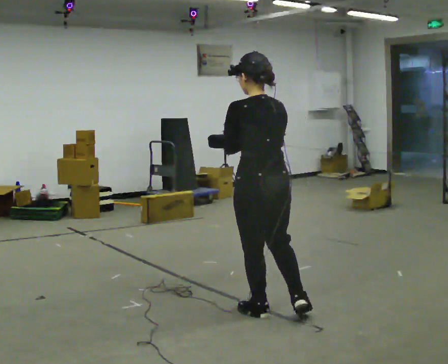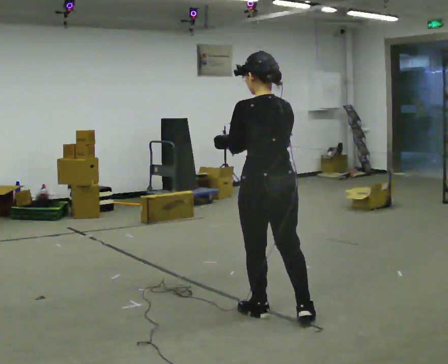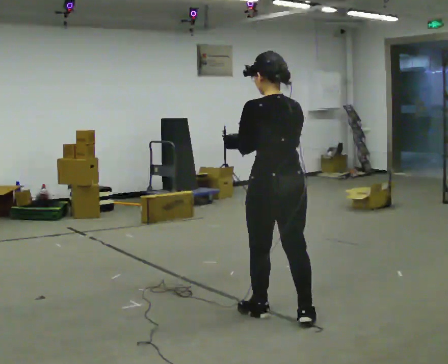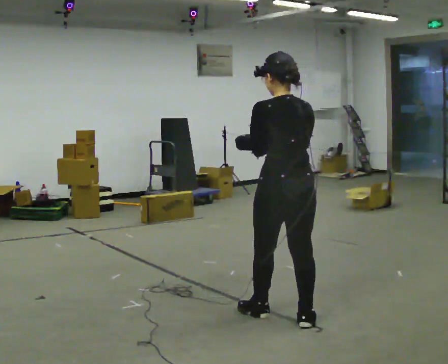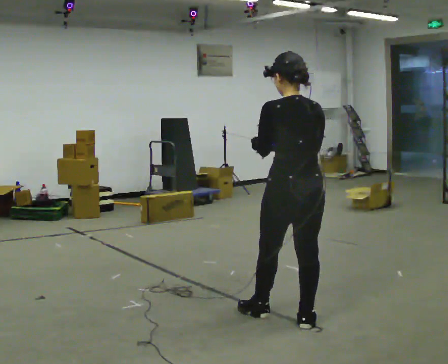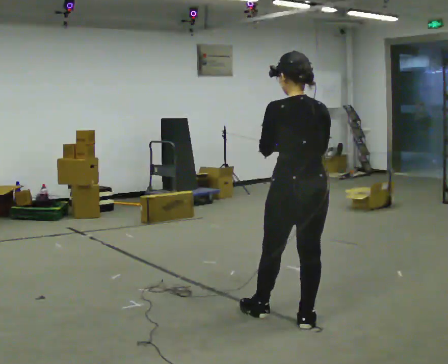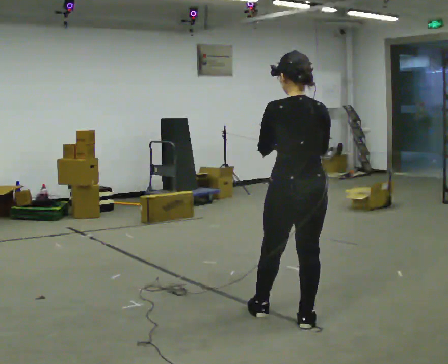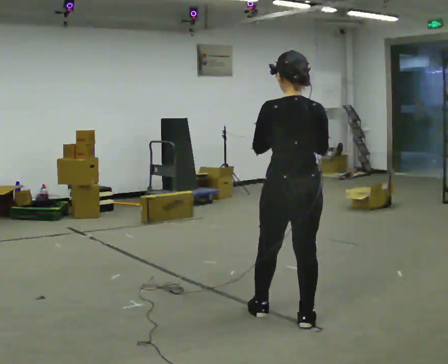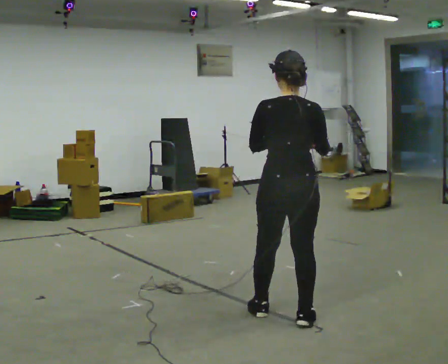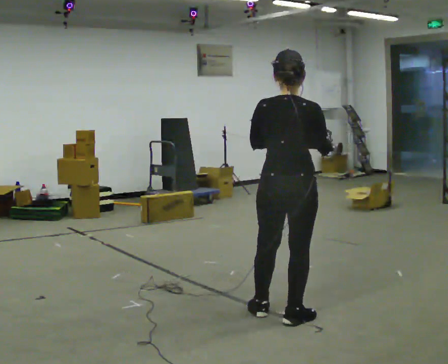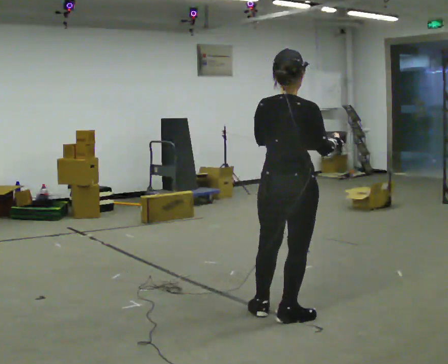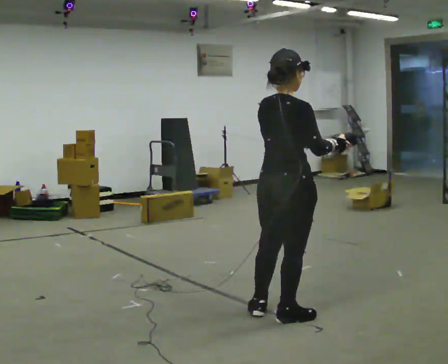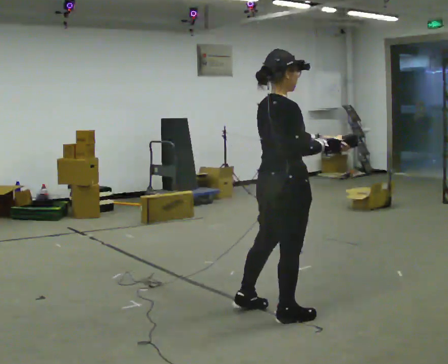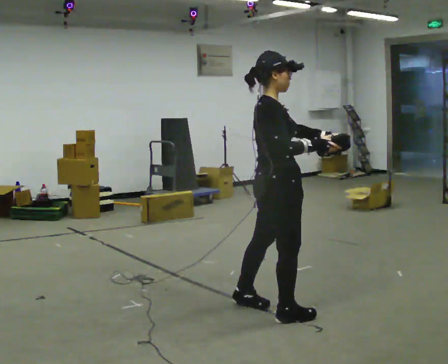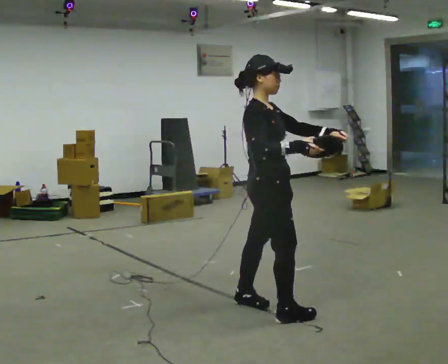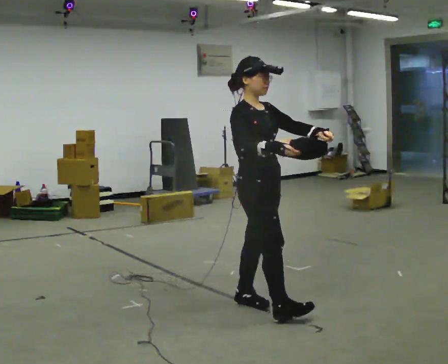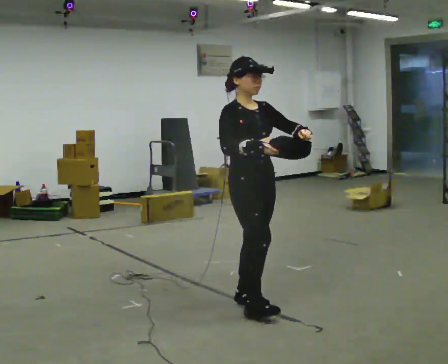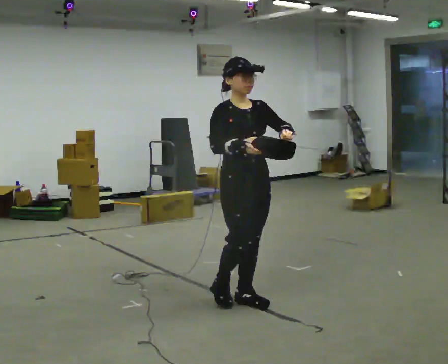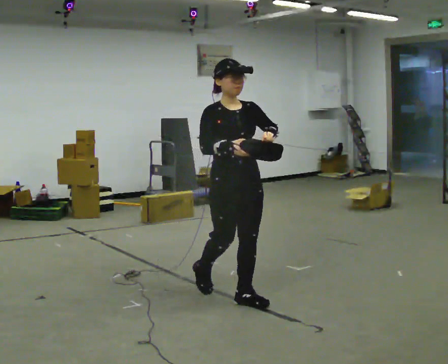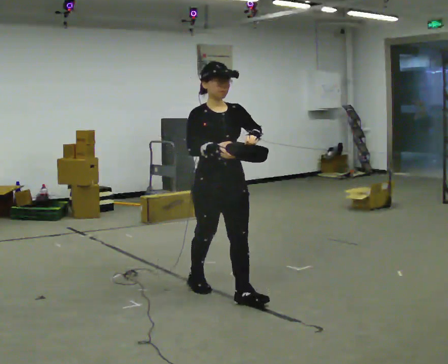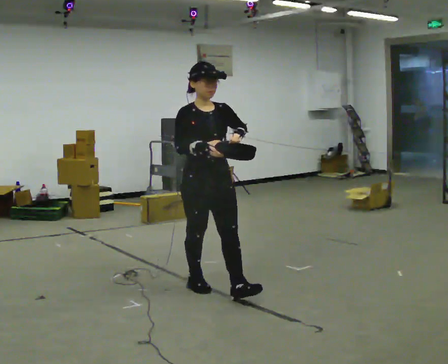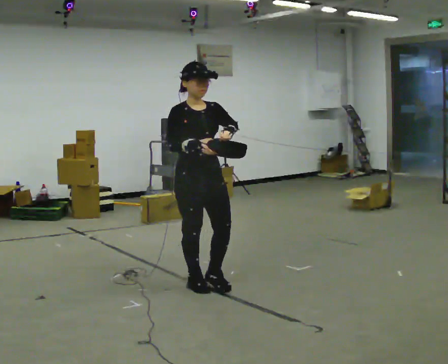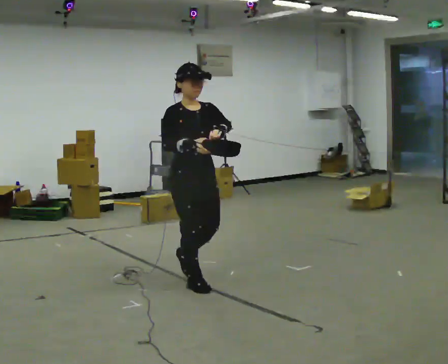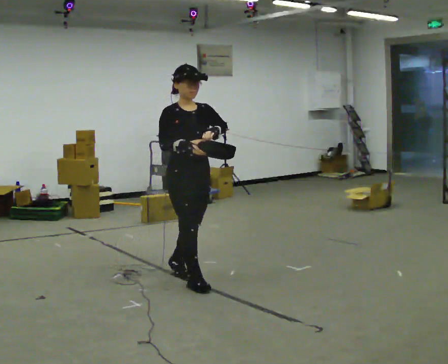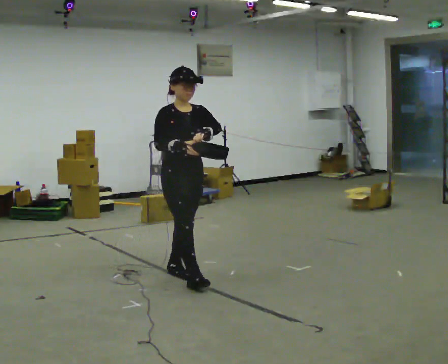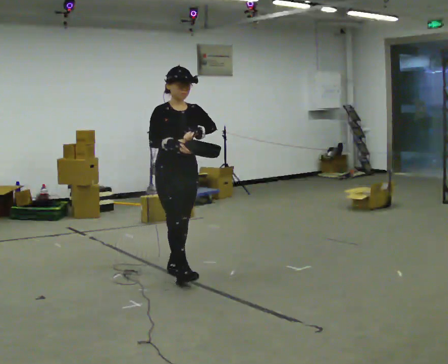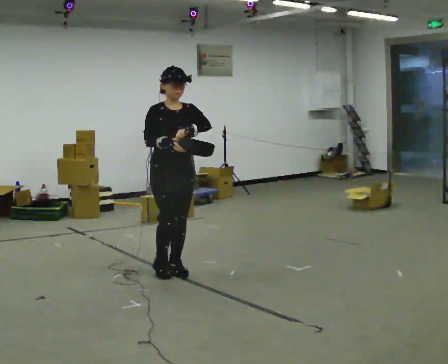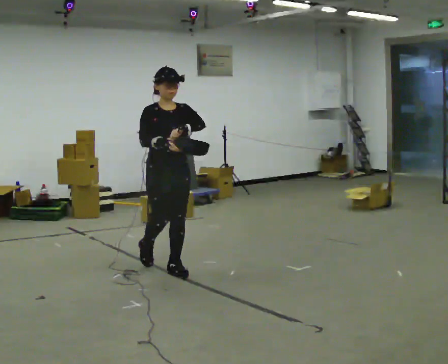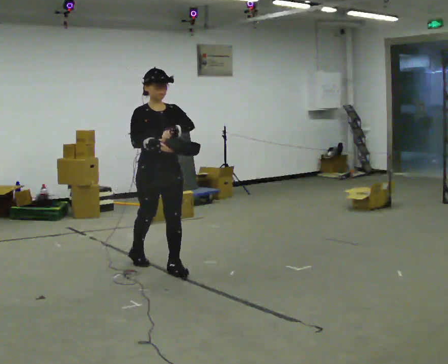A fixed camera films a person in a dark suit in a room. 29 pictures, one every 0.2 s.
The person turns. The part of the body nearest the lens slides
to the left.
The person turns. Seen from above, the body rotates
clockwise.
0.0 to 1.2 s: In the picture they go to the right, about 0.25 m, which for them is backward and to their right. In the picture their right hand goes to the right.
1.2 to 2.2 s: The person turns about 60 degrees to their right, clockwise seen from above, so the part of the body nearest the lens slides to the left.
2.2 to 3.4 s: Seen from above the body turns clockwise, about 105 degrees: to their right, with its near side sliding to the left. In the picture they go away from the camera and to the left, about 0.5 m in 2 steps.
3.4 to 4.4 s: In the picture they go to the left and away from the camera, about 0.5 m in 1 step, which for them is backward and to their right.
4.4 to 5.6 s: In the picture they go away from the camera and to the left, about 0.5 m in 1 step, which for them is backward.
The film runs backward here.
